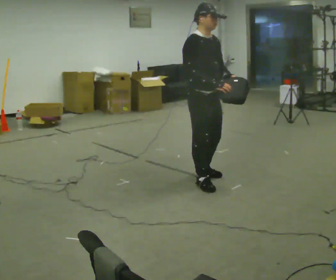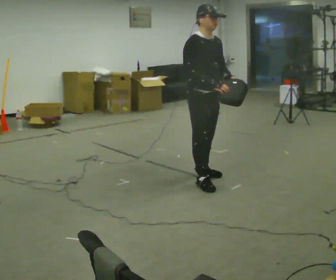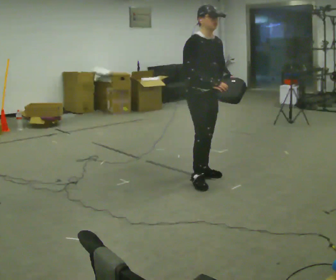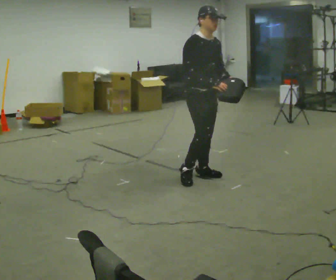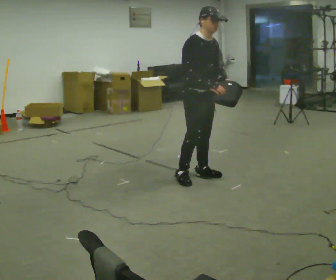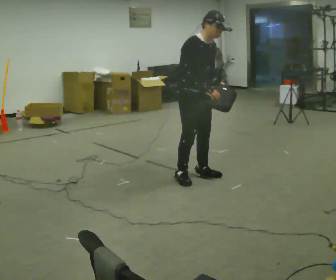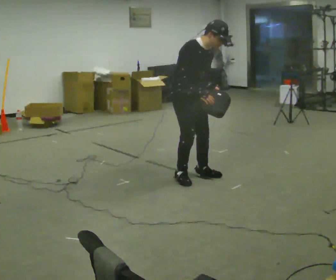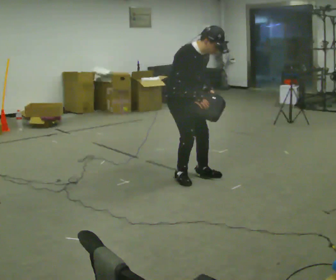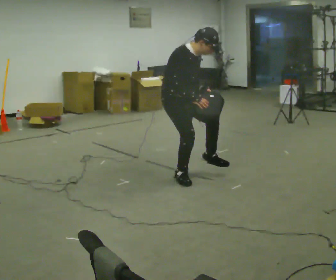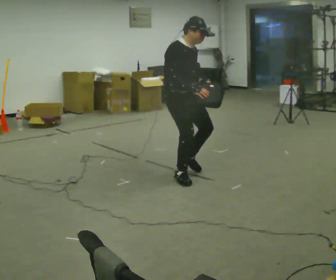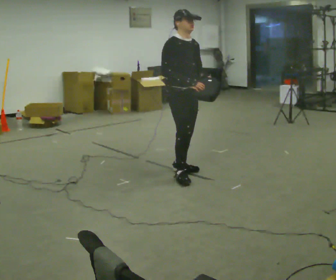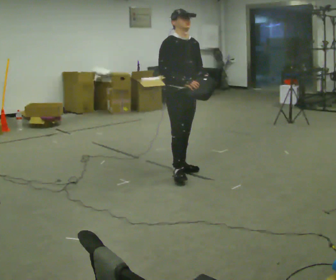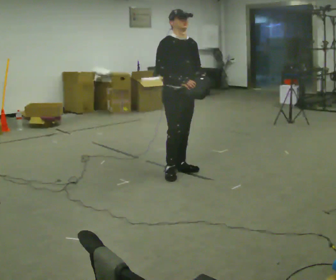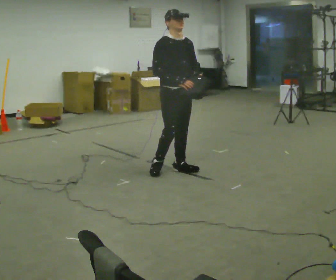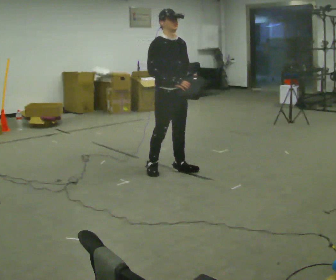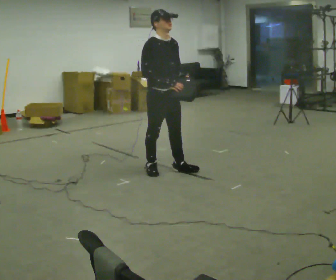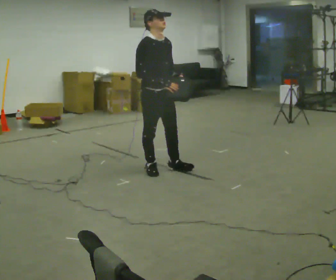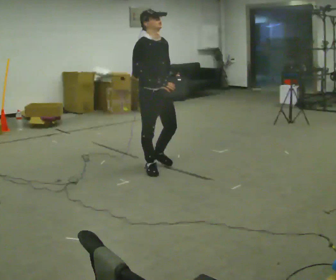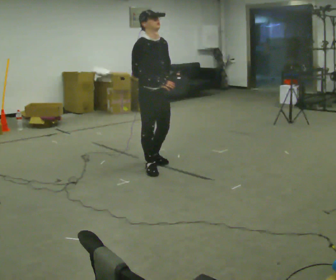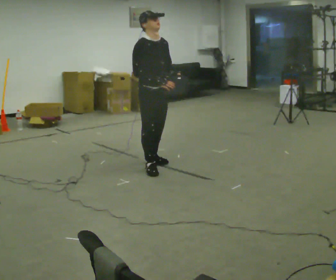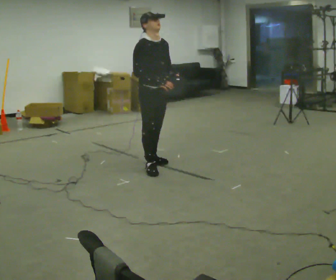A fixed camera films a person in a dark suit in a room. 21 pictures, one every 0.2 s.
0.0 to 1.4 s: In the picture they go to the left and away from the camera, about 0.25 m in 1 step, which for them is backward. In the picture the upper body tilts clockwise, shoulders to the right, as they bend forward.
1.4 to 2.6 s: In the picture they go away from the camera, about 0.25 m in 2 steps, which for them is backward. In the picture the upper body tilts counterclockwise, shoulders to the left, as they lean back or straighten.
2.6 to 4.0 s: In the picture they go to the left, about 0.25 m in 1 step, which for them is backward.
The film runs backward here.
